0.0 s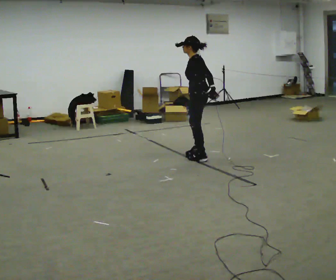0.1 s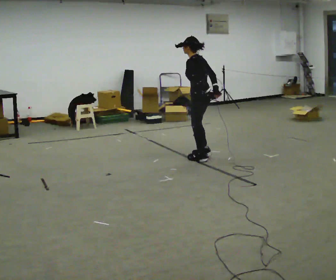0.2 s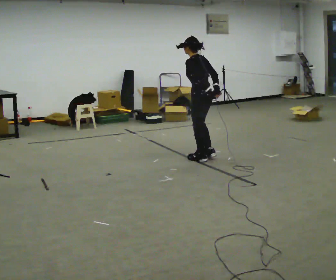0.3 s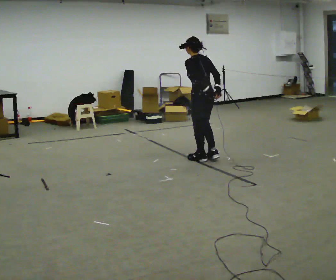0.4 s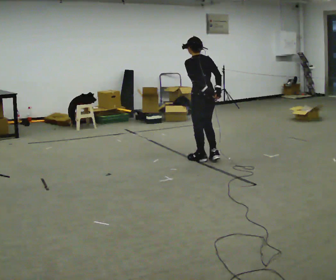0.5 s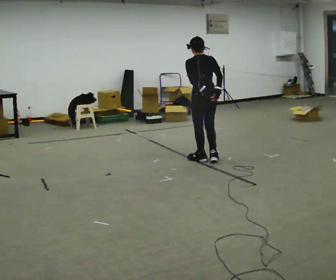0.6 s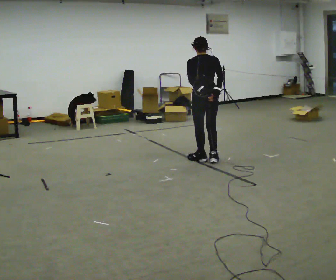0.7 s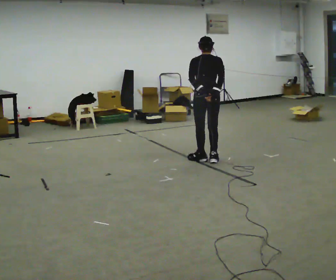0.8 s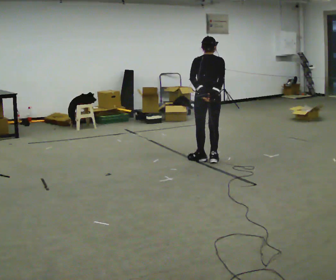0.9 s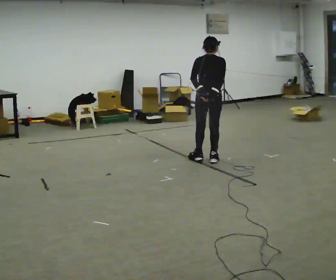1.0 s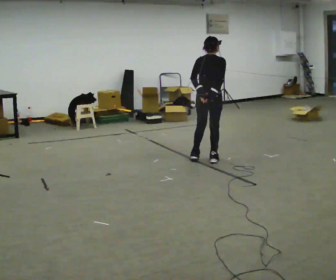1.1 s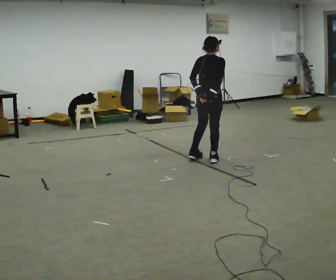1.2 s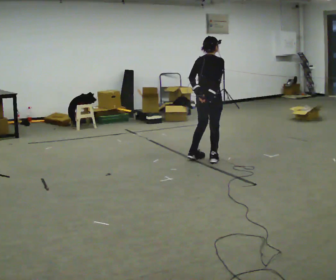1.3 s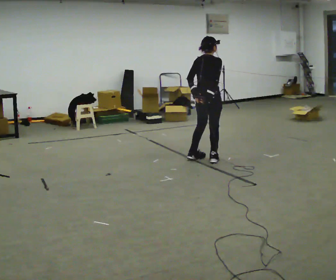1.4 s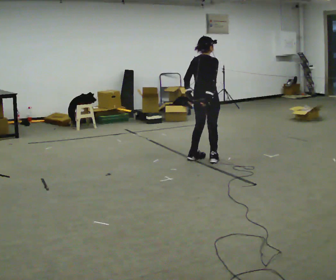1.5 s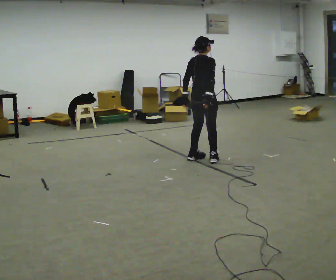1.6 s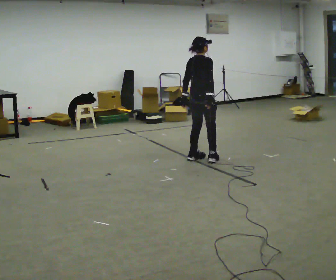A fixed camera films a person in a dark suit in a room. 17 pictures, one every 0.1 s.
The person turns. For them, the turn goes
to their right.
The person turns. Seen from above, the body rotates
clockwise.
0.0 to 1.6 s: Seen from above the body turns clockwise, about 120 degrees: to their right, with its near side sliding to the left.
The film runs forward here.
